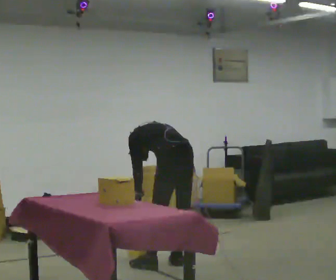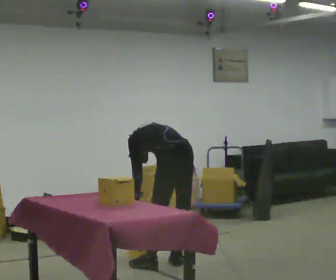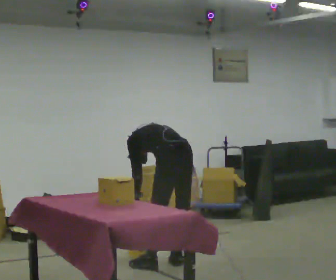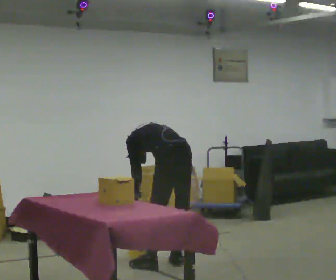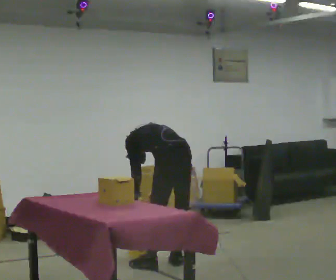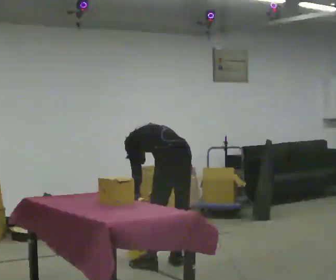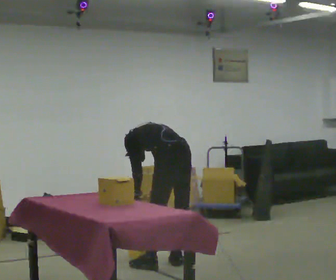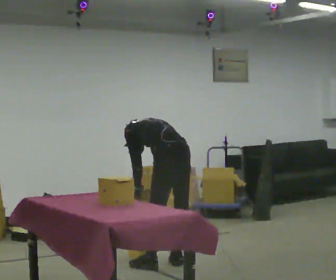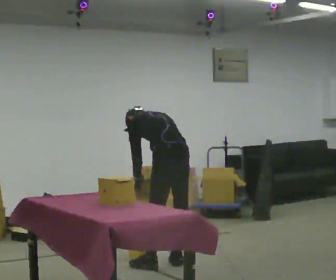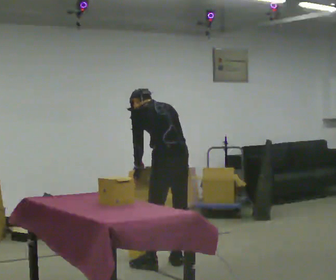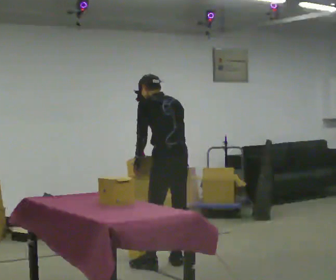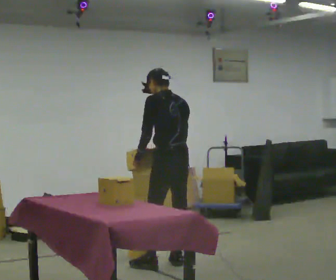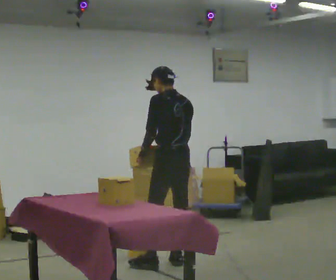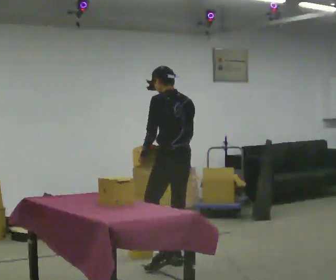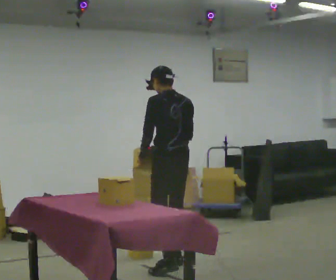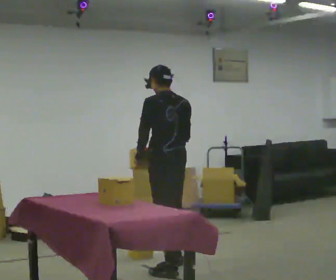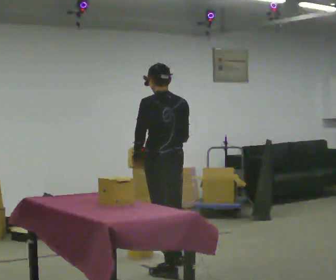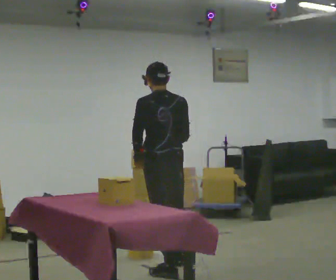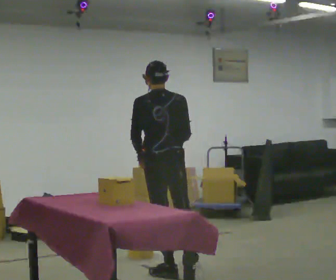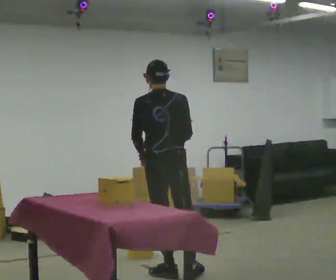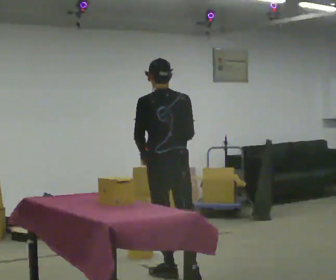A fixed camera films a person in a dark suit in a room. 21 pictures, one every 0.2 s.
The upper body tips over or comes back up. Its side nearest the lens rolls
downward.
Their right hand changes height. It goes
upward.
0.0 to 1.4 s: The person moves a little, or ends about where they began.
1.4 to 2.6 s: The shoulders move upward. The upper body tips toward the camera, its near side rolling downward, as they lean back or straighten. In the picture their right hand goes upward.
2.6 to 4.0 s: The part of the body nearest the lens slides to the left as the person turns to their right by about 30 degrees. In the picture they go toward the camera, about 0.5 m in 1 step, which for them is backward and to their left.
The film runs backward here.
